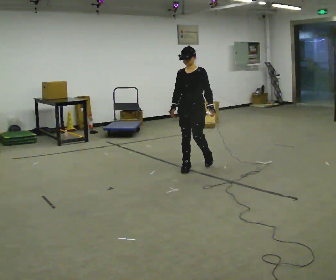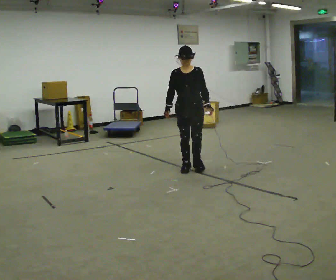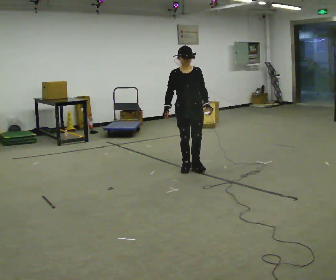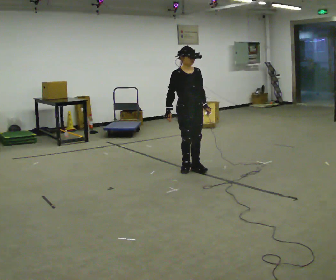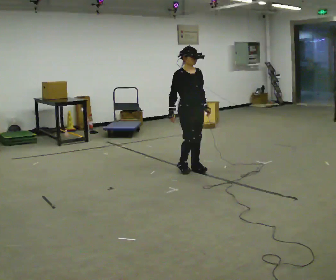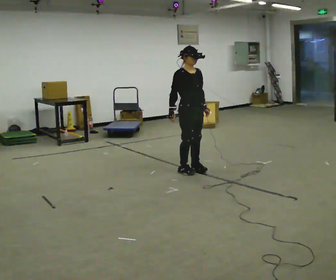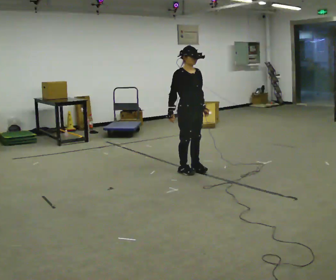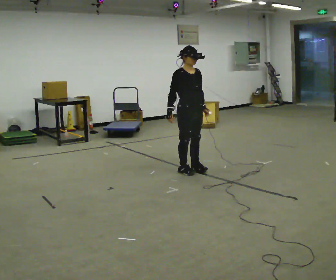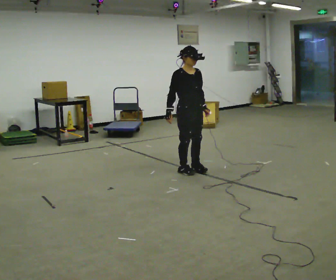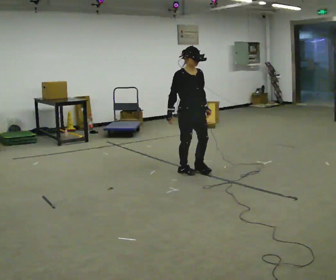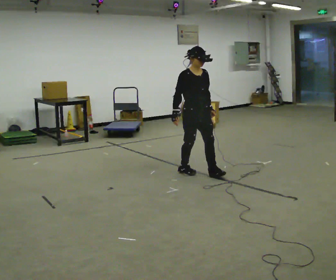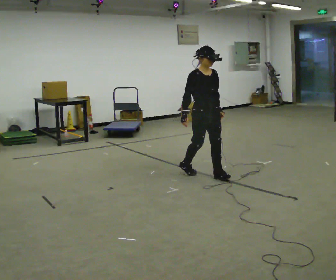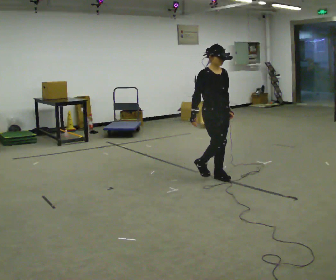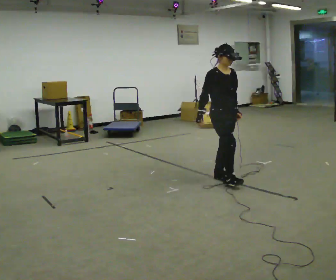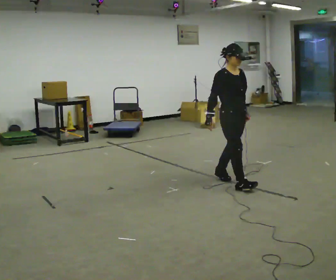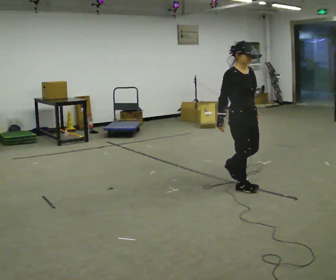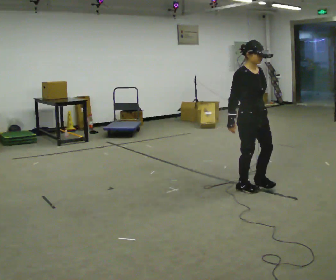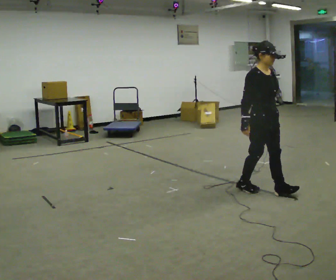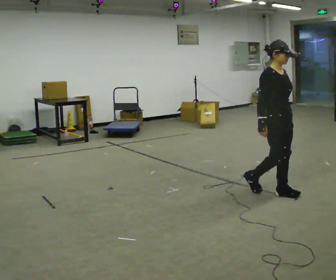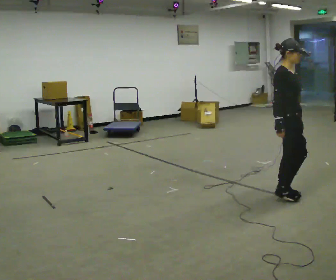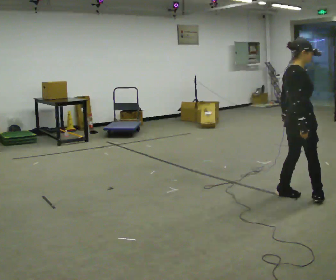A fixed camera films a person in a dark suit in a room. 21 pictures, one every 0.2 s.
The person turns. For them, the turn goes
to their left.
The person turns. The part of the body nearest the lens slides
to the right.
0.0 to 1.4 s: Seen from above the body turns counterclockwise, about 60 degrees: to their left, with its near side sliding to the right. In the picture they go toward the camera, about 0.25 m in 1 step.
1.4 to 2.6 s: In the picture they go toward the camera and to the right, about 0.5 m in 1 step, which for them is forward.
2.6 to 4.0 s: The person turns about 60 degrees to their left, counterclockwise seen from above, so the part of the body nearest the lens slides to the right. In the picture they go toward the camera and to the right, about 1 m in 2 steps.
The film runs forward here.
